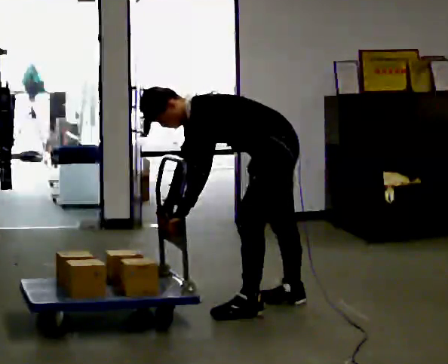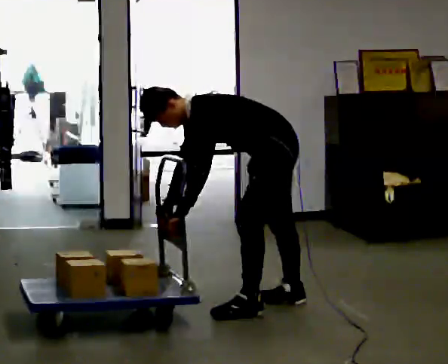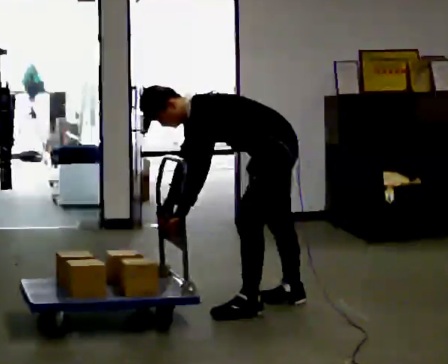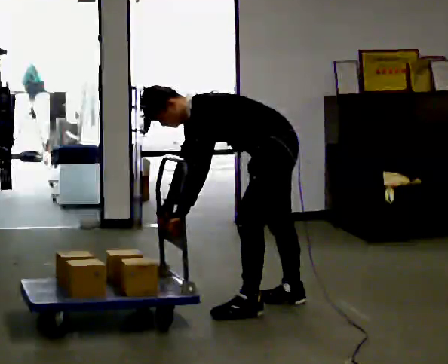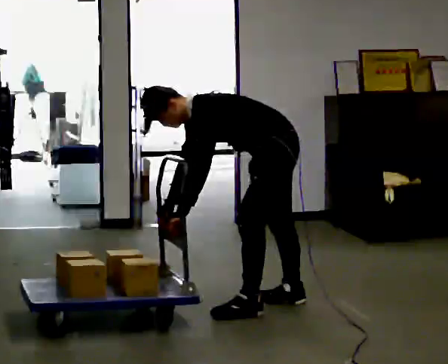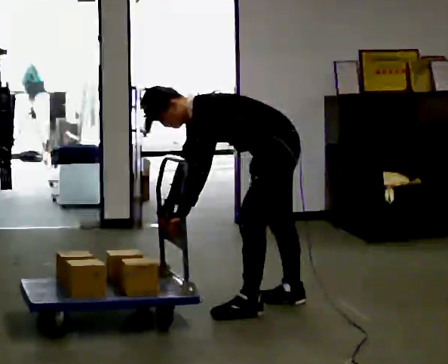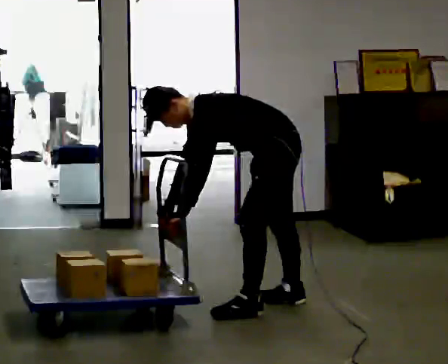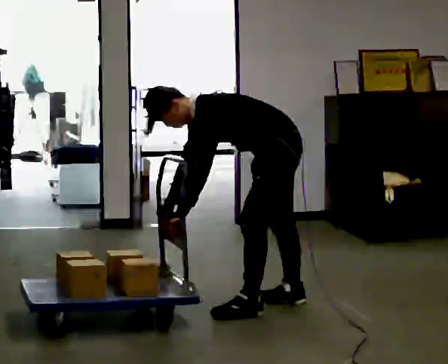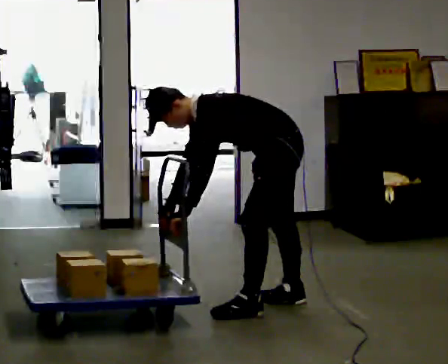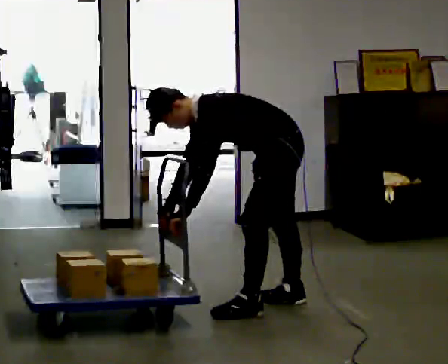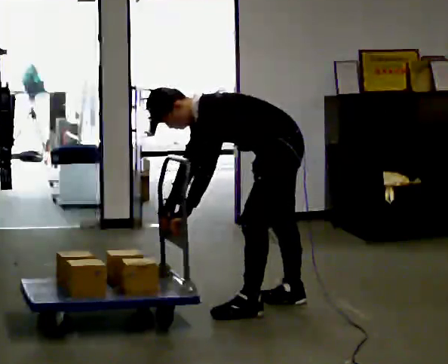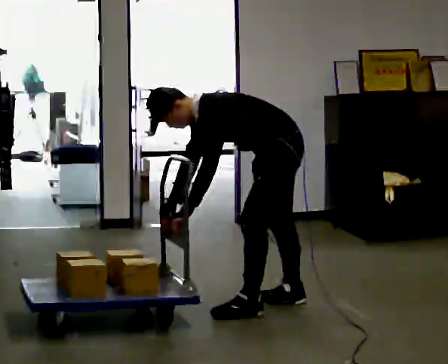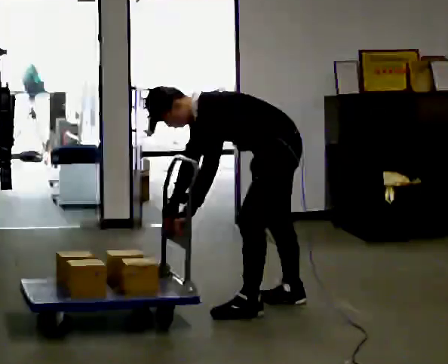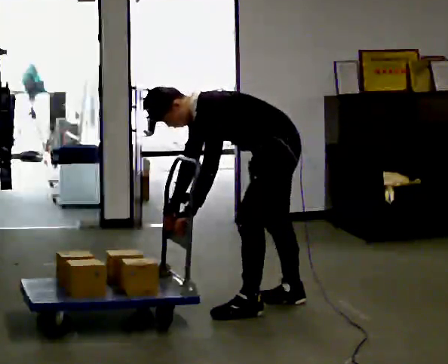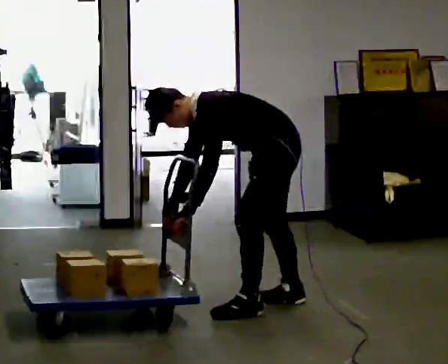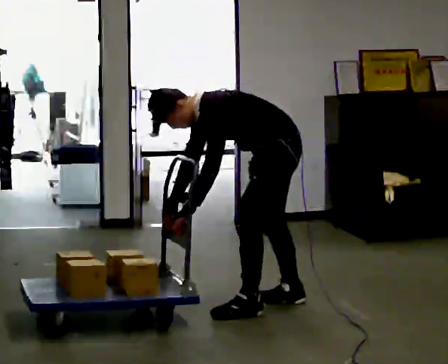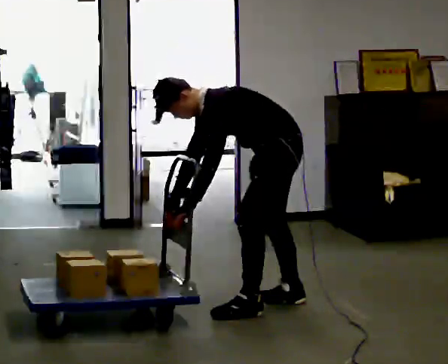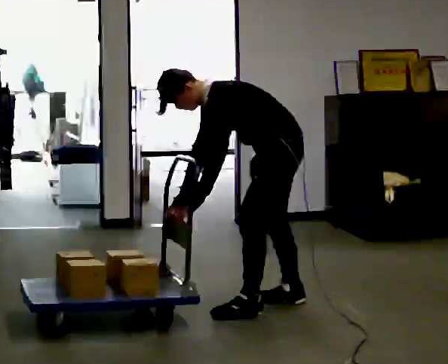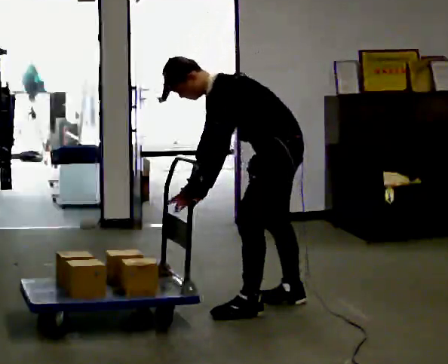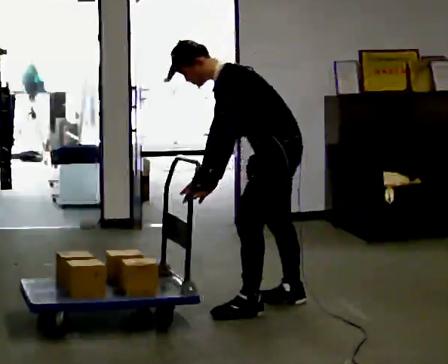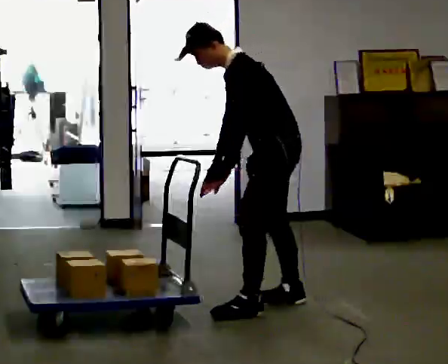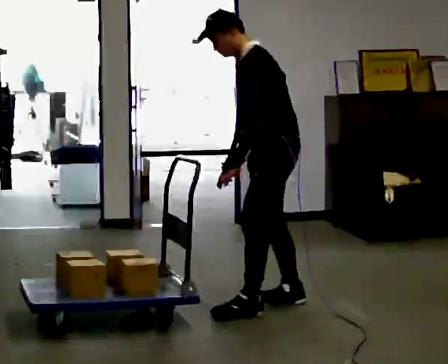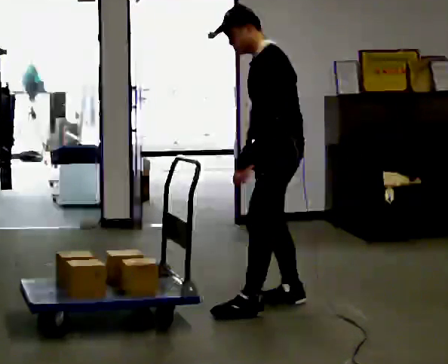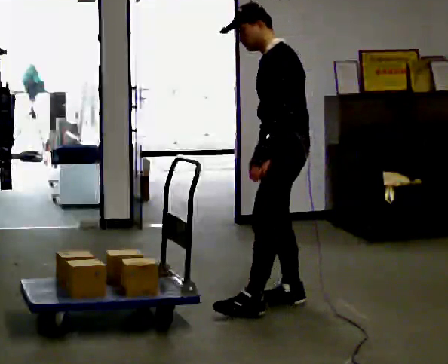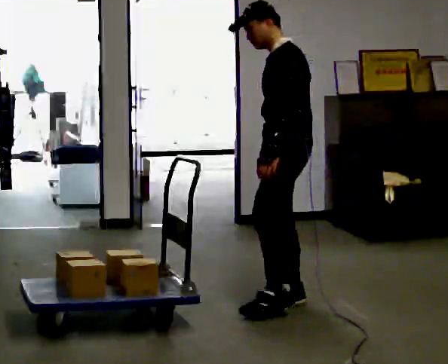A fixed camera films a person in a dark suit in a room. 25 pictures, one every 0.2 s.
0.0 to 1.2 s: The person keeps their place and pose.
1.2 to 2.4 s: The person moves a little, or ends about where they began.
2.4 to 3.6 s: In the picture the upper body tilts clockwise, shoulders to the right, as they lean back or straighten.
3.6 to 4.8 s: The upper body goes upward. In the picture the upper body tilts clockwise, shoulders to the right, as they lean back or straighten. In the picture their left hand goes to the right.
The film runs backward here.
